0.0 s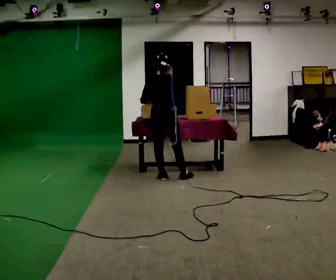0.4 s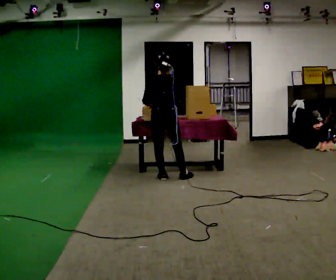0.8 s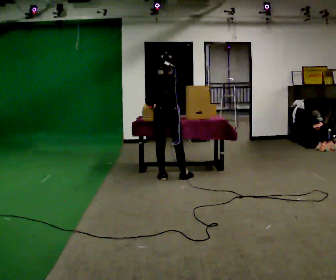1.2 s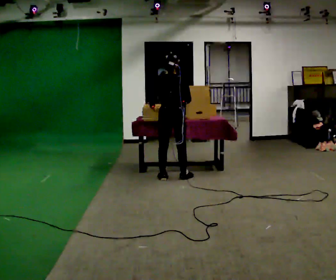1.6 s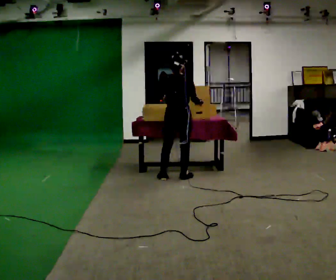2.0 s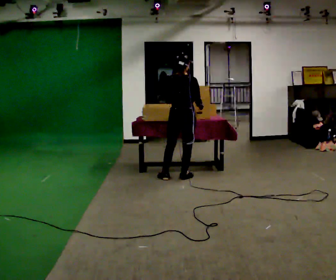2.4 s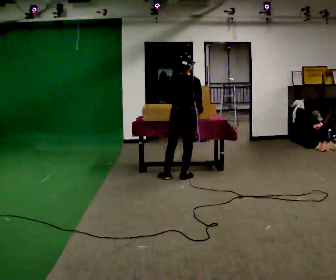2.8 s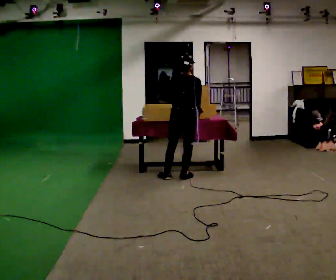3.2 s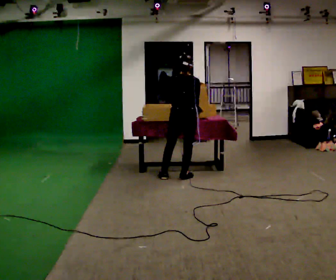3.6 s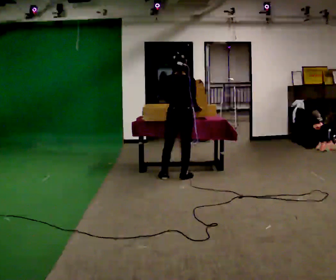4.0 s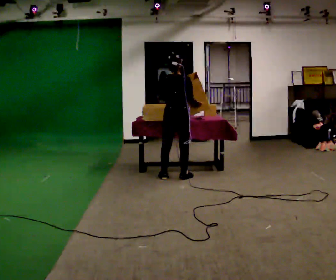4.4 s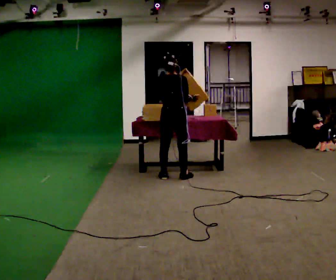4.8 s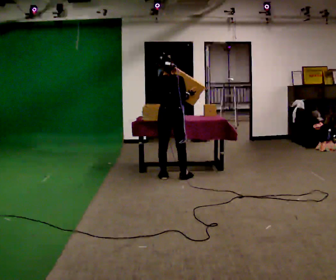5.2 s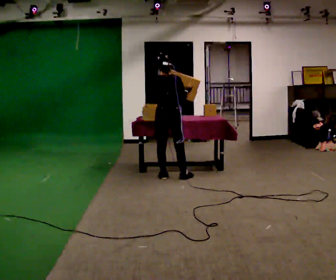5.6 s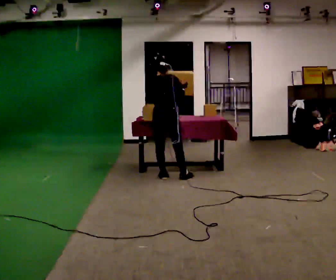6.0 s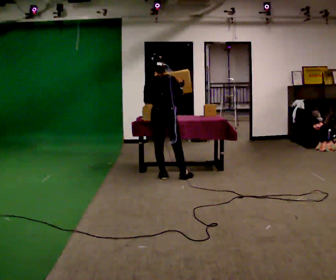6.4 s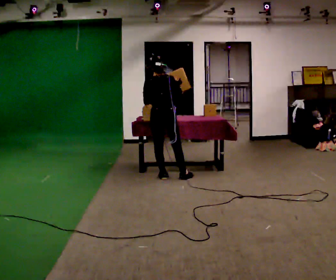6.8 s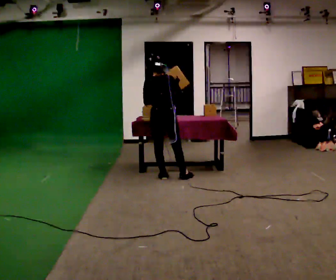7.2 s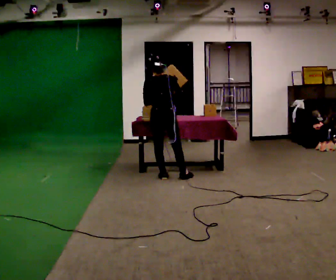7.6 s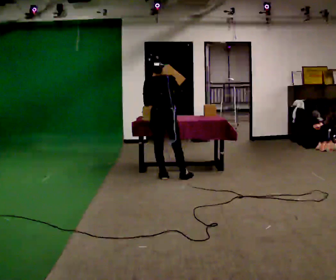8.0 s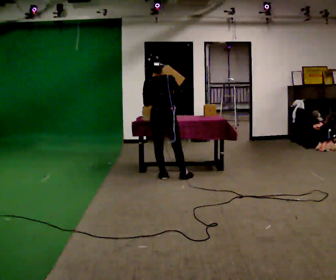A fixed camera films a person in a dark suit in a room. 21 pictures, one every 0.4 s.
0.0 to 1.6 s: In the picture they go to the right, about 0.25 m, which for them is to their right. In the picture their right hand goes to the right.
1.6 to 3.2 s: The person moves a little, or ends about where they began.
3.2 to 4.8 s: In the picture they go to the left, about 0.25 m, which for them is to their left.
4.8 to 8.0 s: The person moves a little, or ends about where they began.
The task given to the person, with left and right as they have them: Pour the contents from one container into the other, then pour them back. Repeat at your own pace until the operator says stop. Keep both feet on the marked spots for the whole take. If you have to step, stop and tell the operator.
The film runs forward here.
